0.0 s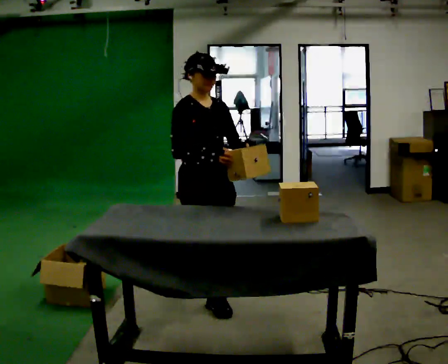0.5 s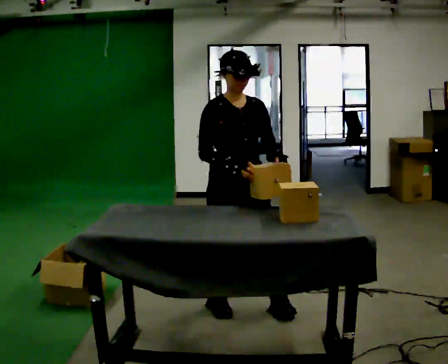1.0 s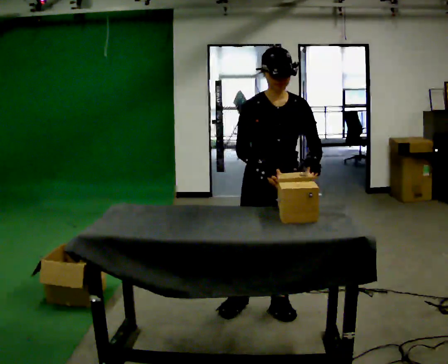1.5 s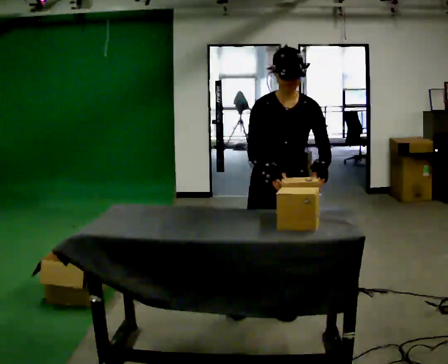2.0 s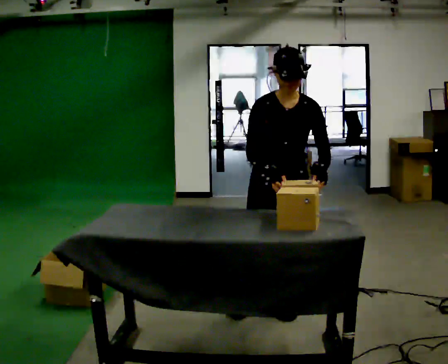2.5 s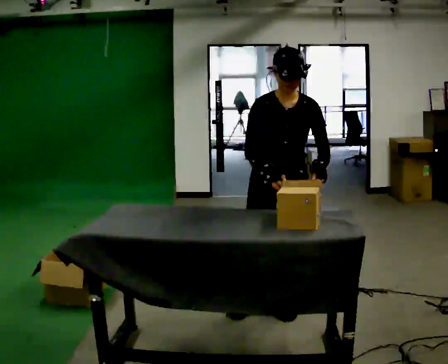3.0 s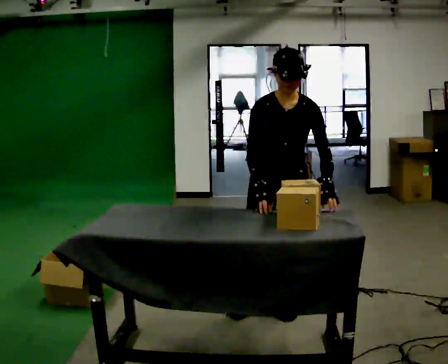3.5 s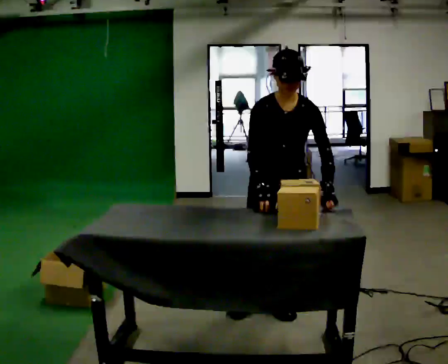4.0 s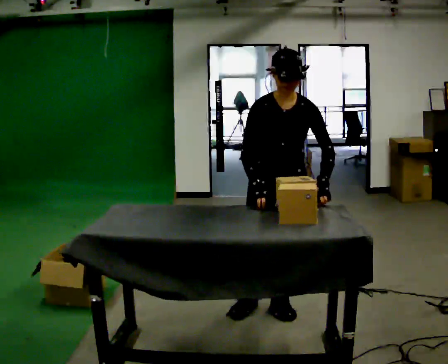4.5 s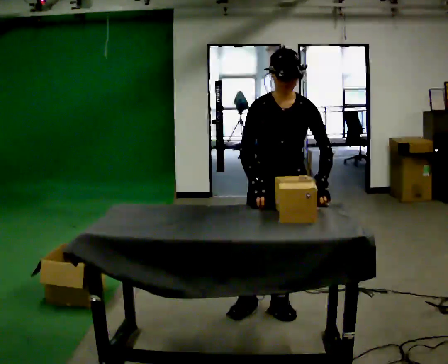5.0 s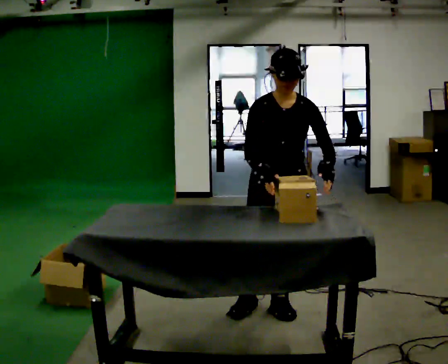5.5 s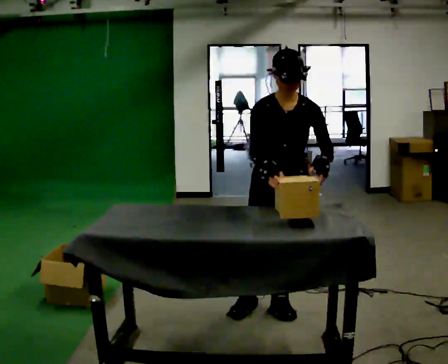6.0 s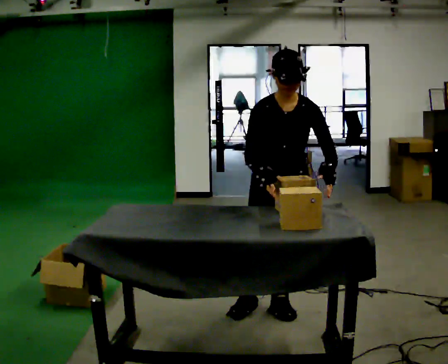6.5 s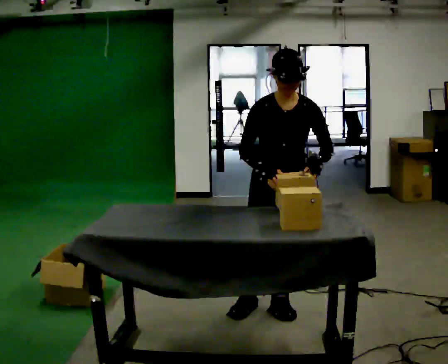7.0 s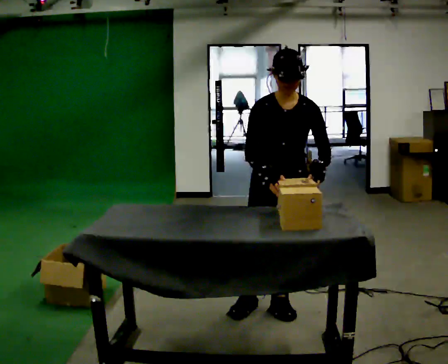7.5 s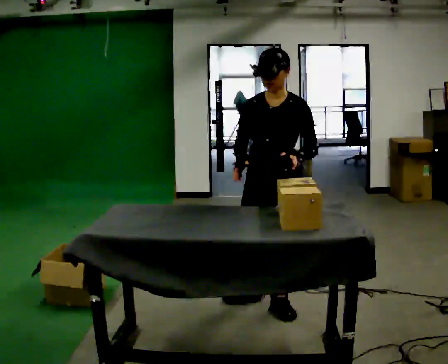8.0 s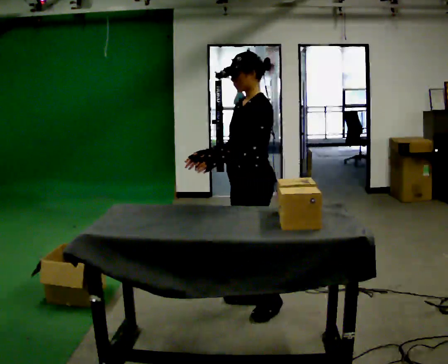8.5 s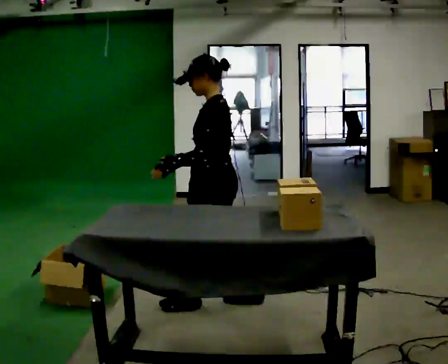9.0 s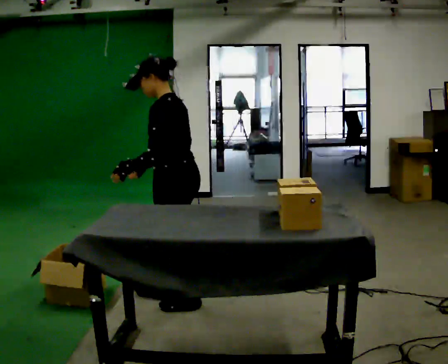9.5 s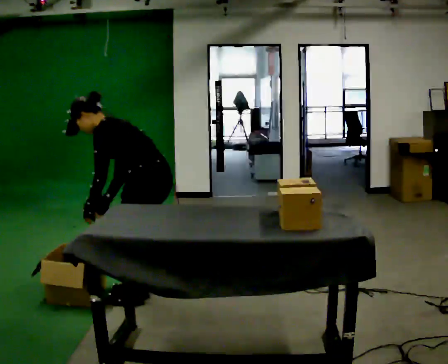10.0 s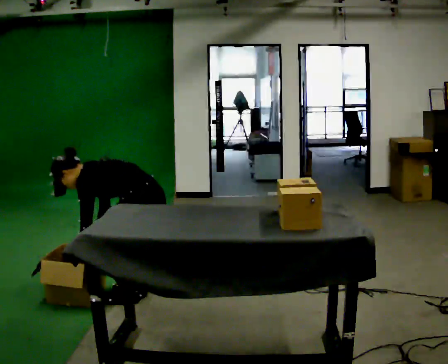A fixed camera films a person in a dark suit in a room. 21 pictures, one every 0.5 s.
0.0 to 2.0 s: The person turns about 45 degrees to their right, clockwise seen from above, so the part of the body nearest the lens slides to the left. In the picture they go to the right, about 0.5 m in 2 steps, which for them is to their left and forward.
2.0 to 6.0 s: The person moves a little, or ends about where they began.
6.0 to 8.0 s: The part of the body nearest the lens slides to the left as the person turns to their right by about 75 degrees. In the picture they go to the left, about 0.25 m. The upper body tips away from the camera, its near side rolling upward, as they lean back or straighten. In the picture their left hand goes to the left.
8.0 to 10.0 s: In the picture they go to the left, about 0.75 m in 3 steps, which for them is forward. The shoulders move downward. In the picture the upper body tilts counterclockwise, shoulders to the left, as they bend forward. In the picture their right hand goes downward.
The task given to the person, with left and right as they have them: Carry each object across the room and drop it into the container on the floor, then walk back for the next one. Keep going until the operator says stop; one object at a time, and do not rush between trips.
The film runs forward here.
